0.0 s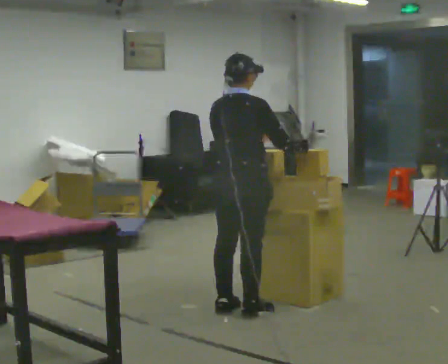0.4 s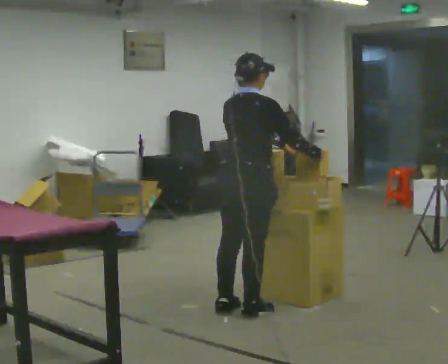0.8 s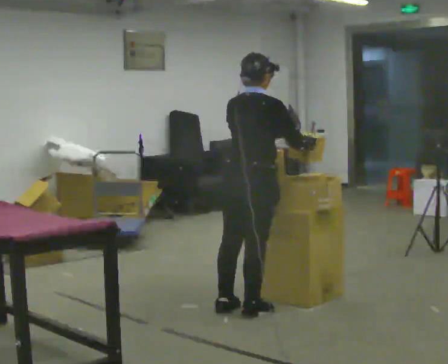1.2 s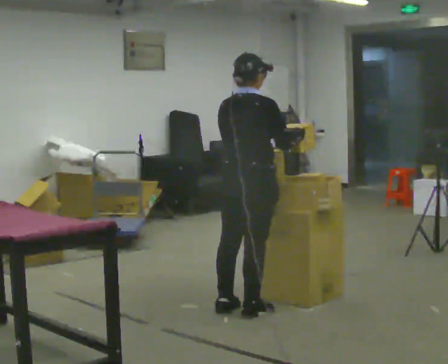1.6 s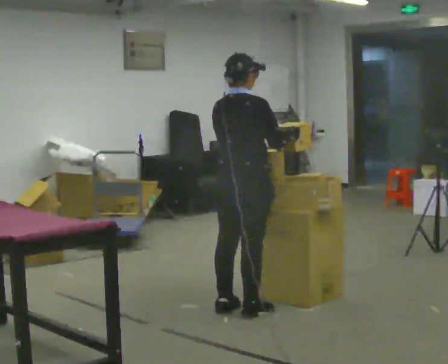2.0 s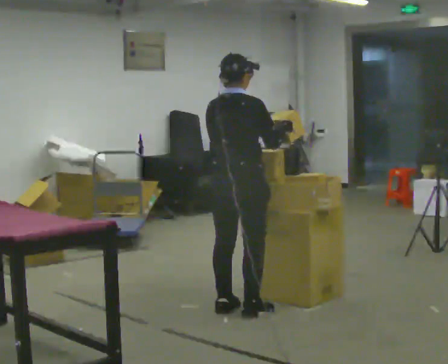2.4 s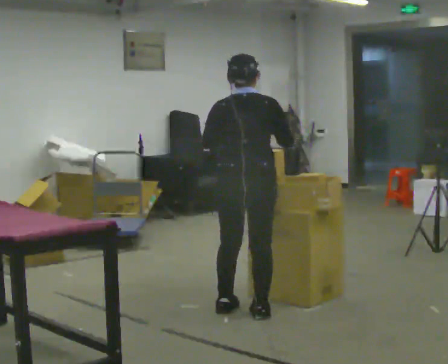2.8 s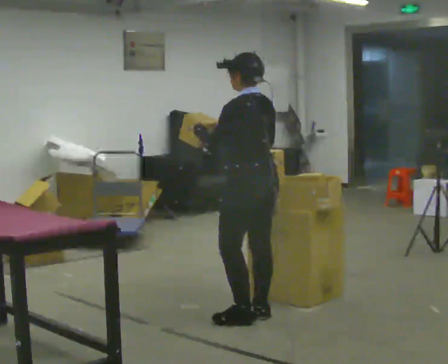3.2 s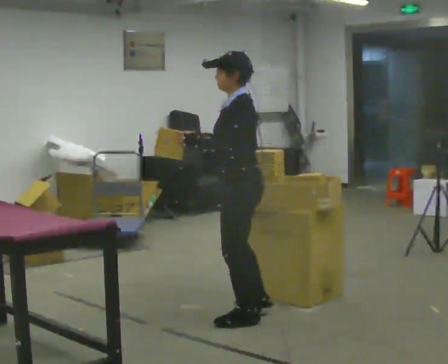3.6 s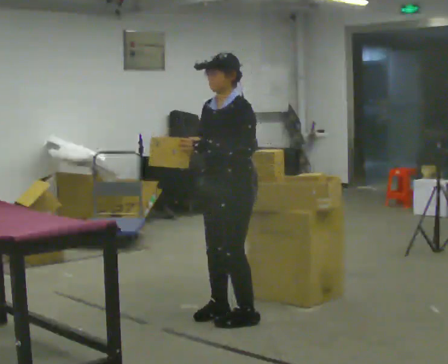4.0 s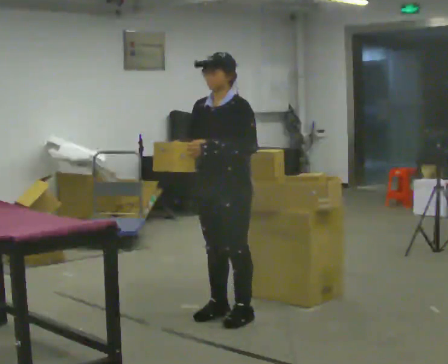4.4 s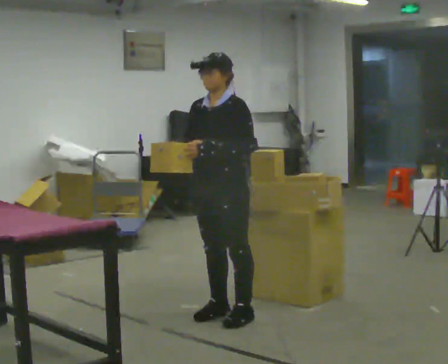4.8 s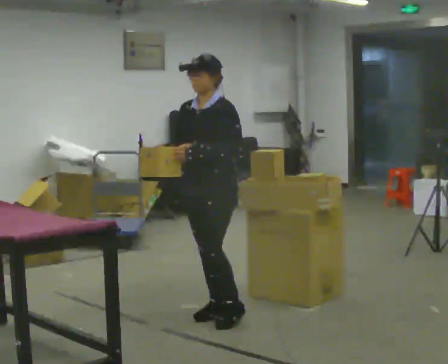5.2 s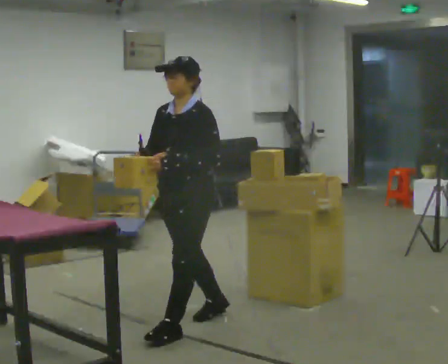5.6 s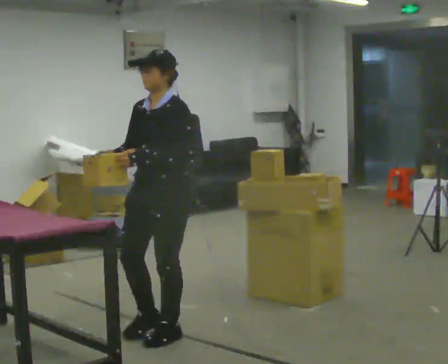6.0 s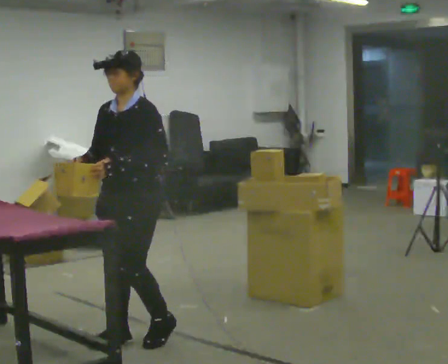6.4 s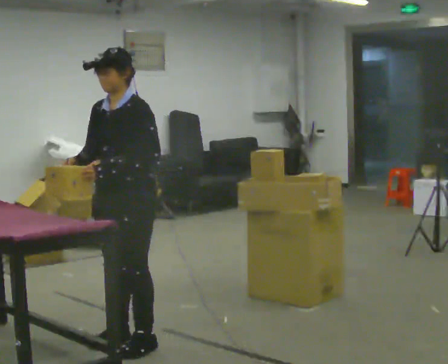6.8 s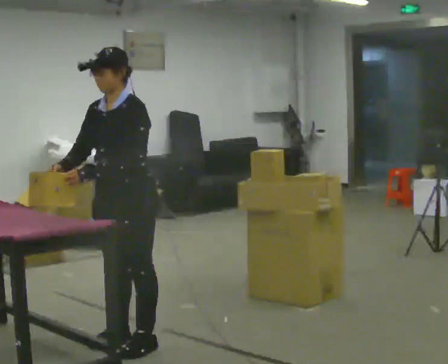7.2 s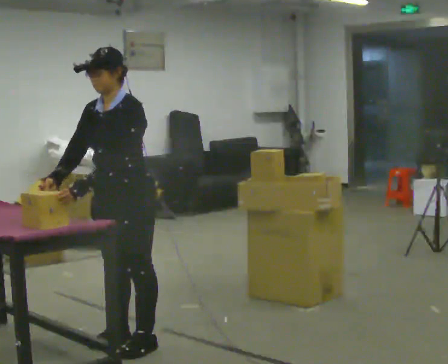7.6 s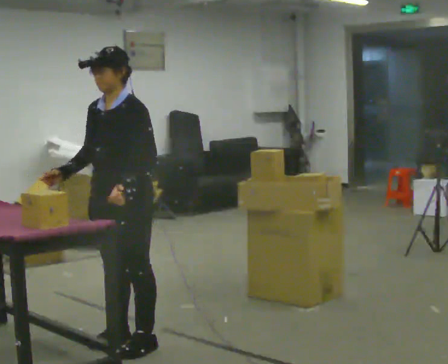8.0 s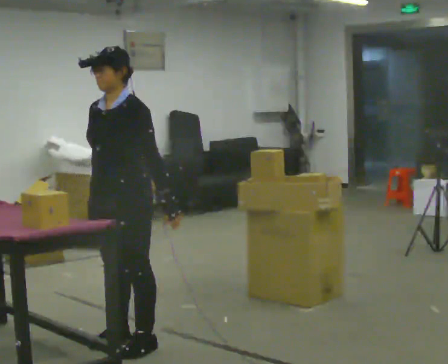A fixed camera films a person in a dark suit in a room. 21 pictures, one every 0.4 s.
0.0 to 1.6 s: The person moves a little, or ends about where they began.
1.6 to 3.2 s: Seen from above the body turns counterclockwise, about 120 degrees: to their left, with its near side sliding to the right. In the picture they go toward the camera, about 0.25 m in 1 step. In the picture their left hand goes to the left.
3.2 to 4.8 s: The person turns about 45 degrees to their left, counterclockwise seen from above, so the part of the body nearest the lens slides to the right. In the picture they go to the left, about 0.25 m in 1 step, which for them is to their right.
4.8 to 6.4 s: In the picture they go to the left and toward the camera, about 0.75 m in 3 steps, which for them is forward.
6.4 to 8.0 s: The person moves a little, or ends about where they began.
The film runs forward here.
